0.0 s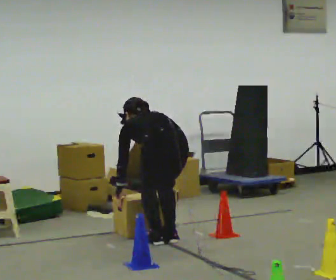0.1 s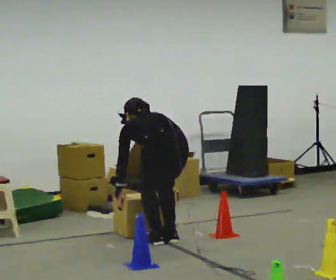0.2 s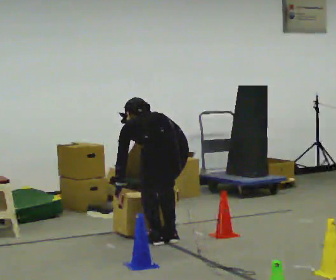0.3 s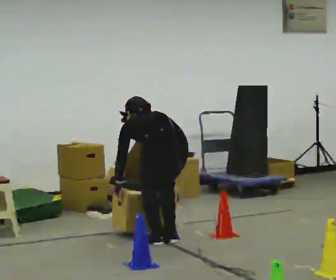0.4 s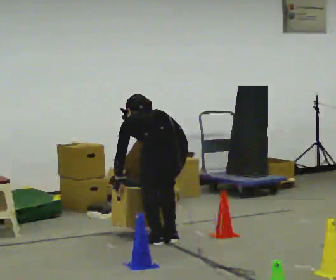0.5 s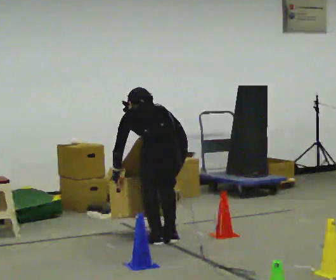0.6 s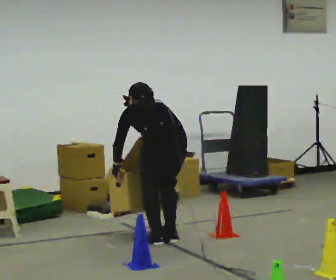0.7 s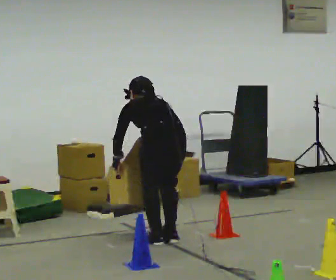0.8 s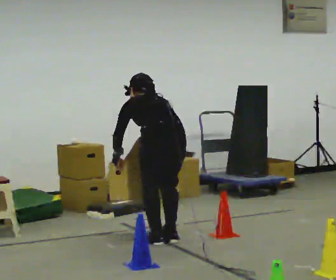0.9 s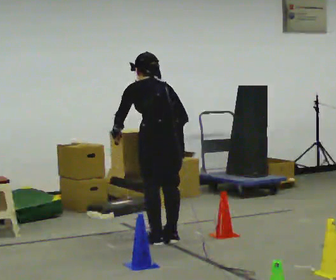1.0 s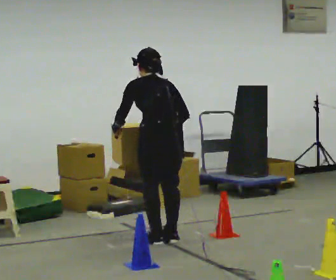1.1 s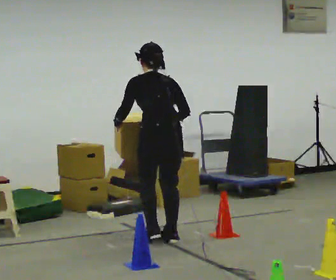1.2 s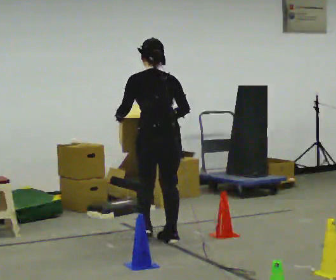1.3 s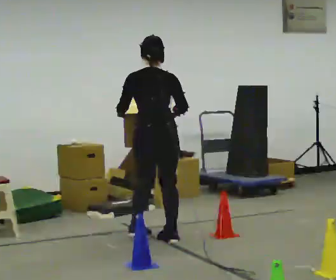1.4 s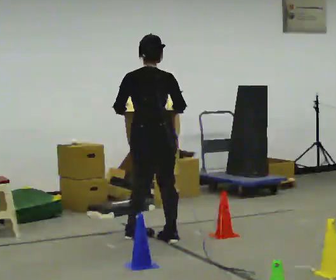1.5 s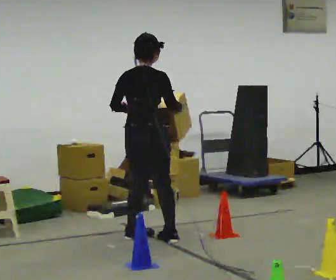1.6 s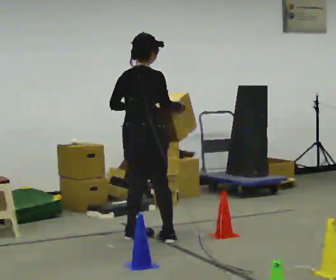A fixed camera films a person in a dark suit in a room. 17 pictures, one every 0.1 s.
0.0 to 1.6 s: The person turns about 45 degrees to their right, clockwise seen from above, so the part of the body nearest the lens slides to the left. In the picture they go to the left and away from the camera, about 0.25 m in 1 step, which for them is forward. The shoulders move upward. The upper body tips toward the camera, its near side rolling downward, as they lean back or straighten. In the picture their left hand goes upward.
The film runs forward here.
